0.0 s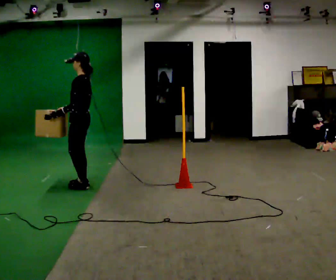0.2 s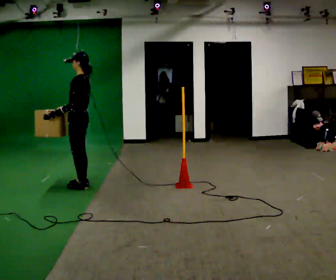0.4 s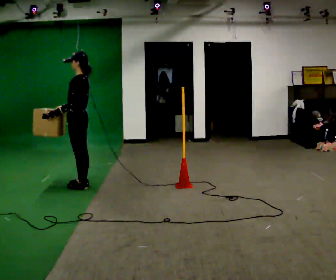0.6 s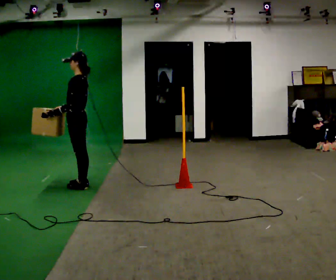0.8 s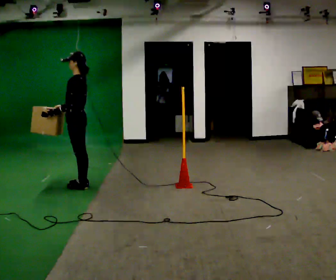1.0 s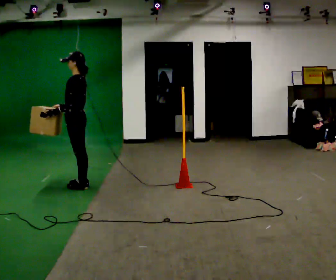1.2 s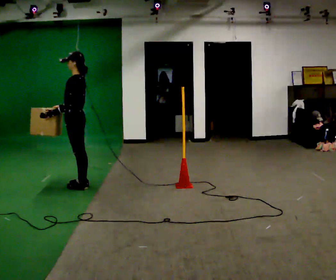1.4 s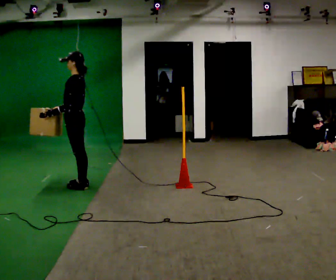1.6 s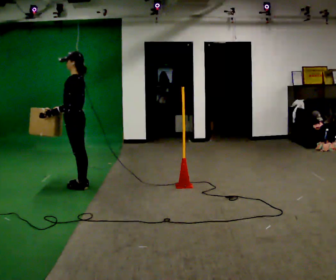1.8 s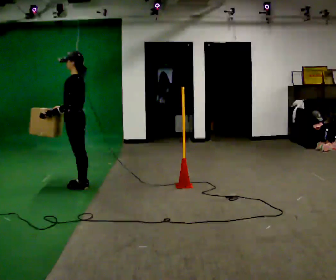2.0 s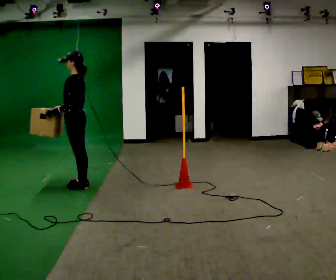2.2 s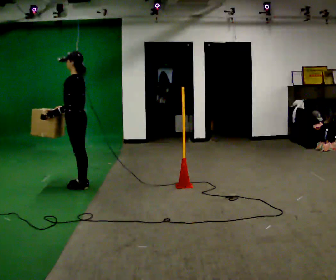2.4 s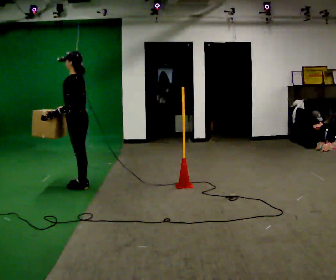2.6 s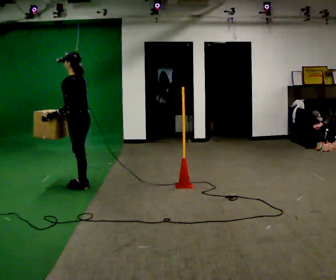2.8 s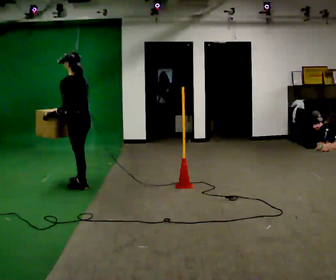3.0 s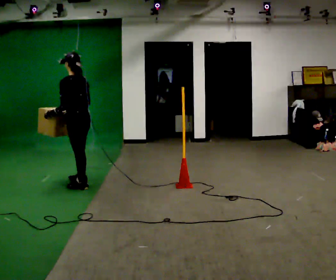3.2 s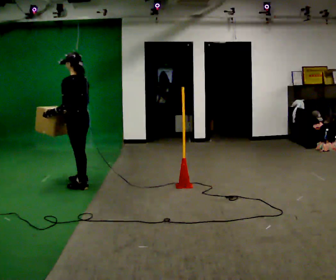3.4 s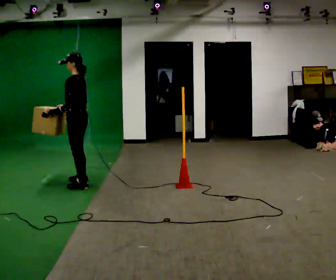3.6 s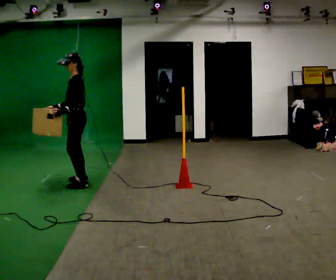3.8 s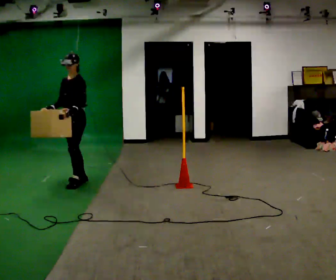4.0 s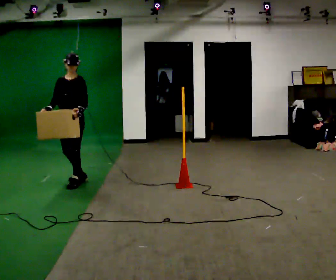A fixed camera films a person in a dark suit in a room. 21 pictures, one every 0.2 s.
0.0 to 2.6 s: The person moves a little, or ends about where they began.
2.6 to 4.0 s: Seen from above the body turns counterclockwise, about 90 degrees: to their left, with its near side sliding to the right. In the picture they go away from the camera, about 0.25 m in 2 steps.
The film runs forward here.
